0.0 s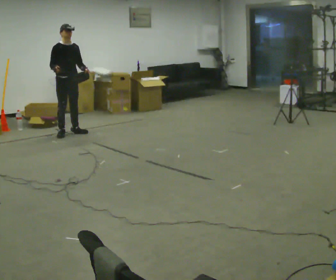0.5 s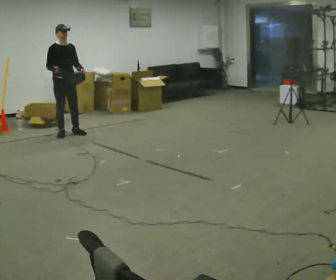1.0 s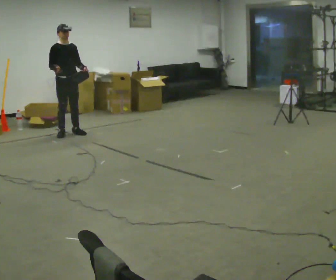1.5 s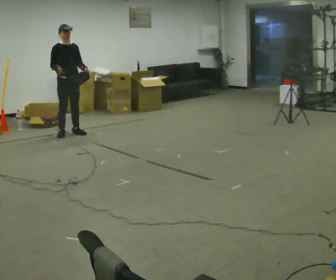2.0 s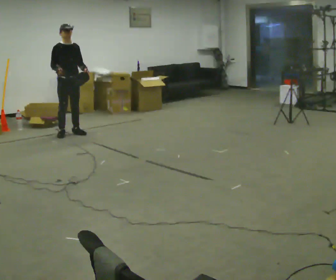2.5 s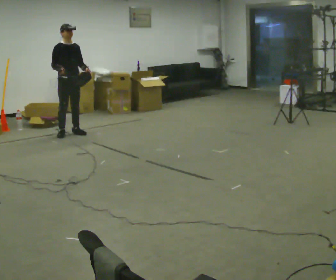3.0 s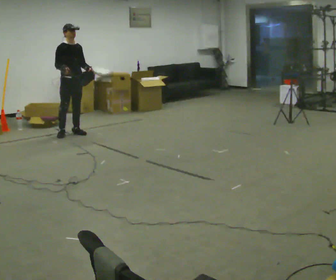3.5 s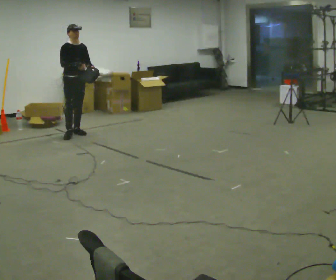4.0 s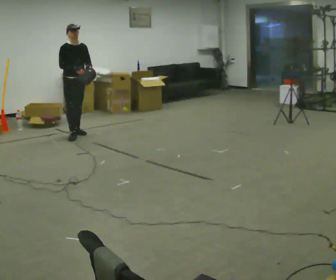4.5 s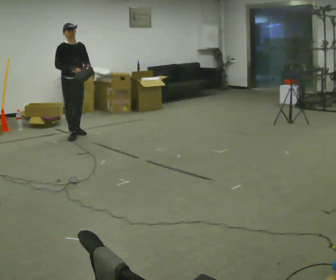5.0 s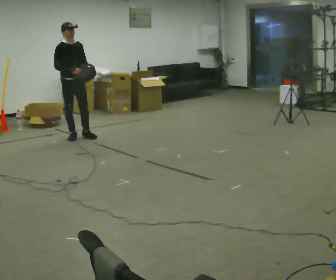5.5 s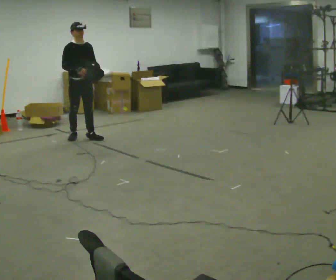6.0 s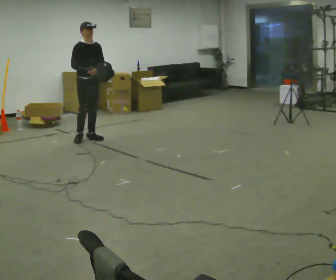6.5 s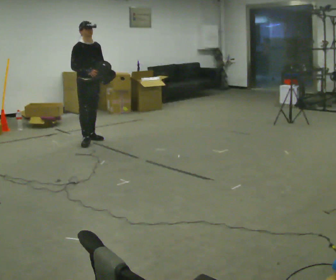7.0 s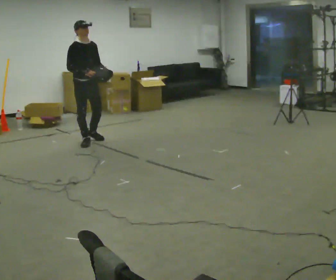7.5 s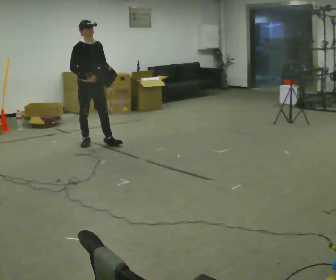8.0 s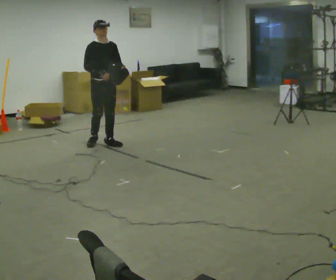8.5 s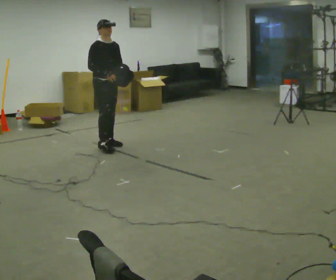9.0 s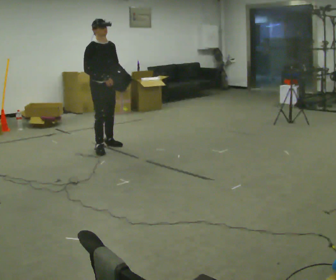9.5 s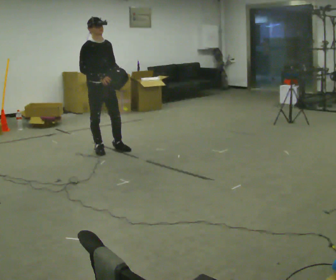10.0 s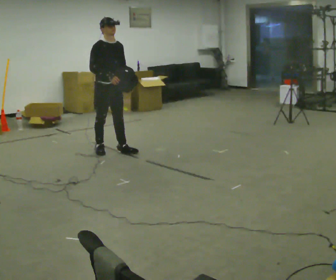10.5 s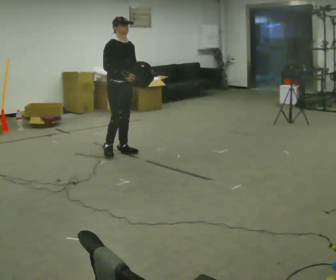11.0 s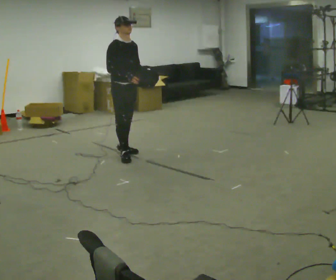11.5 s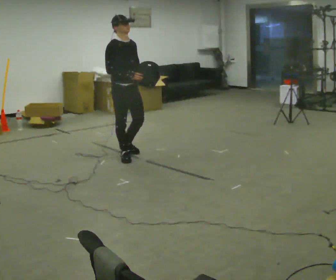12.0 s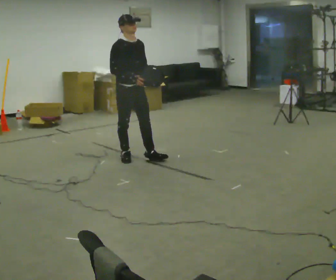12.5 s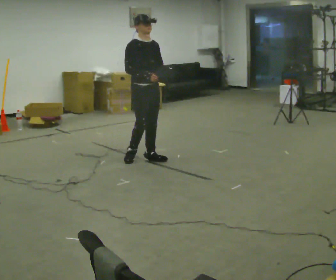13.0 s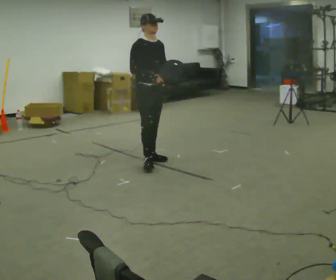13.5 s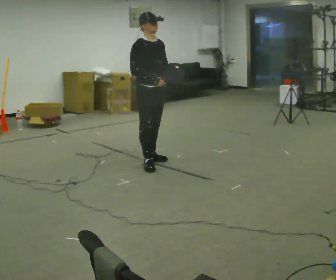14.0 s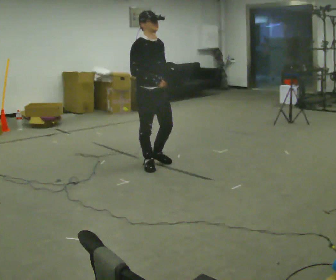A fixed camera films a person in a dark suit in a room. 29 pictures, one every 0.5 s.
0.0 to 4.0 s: In the picture their right hand goes to the right.
4.0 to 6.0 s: In the picture they go toward the camera and to the right, about 0.25 m in 1 step, which for them is forward.
6.0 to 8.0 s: In the picture they go toward the camera and to the right, about 0.5 m in 2 steps, which for them is forward.
8.0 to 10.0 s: In the picture they go toward the camera, about 0.5 m in 2 steps, which for them is forward and to their right.
10.0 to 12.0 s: In the picture they go toward the camera and to the right, about 0.5 m in 2 steps, which for them is forward.
12.0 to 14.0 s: In the picture they go toward the camera, about 0.5 m in 1 step, which for them is forward.
The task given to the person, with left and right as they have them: Carry the lidded box and, while you are still walking, open the lid, then close it again. Repeat as you walk back and forth. Do not stop to do it.
The film runs forward here.
